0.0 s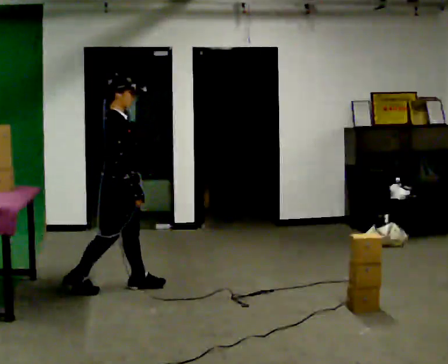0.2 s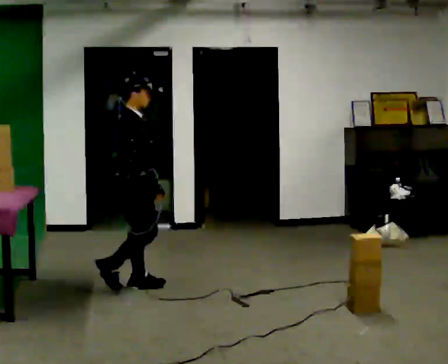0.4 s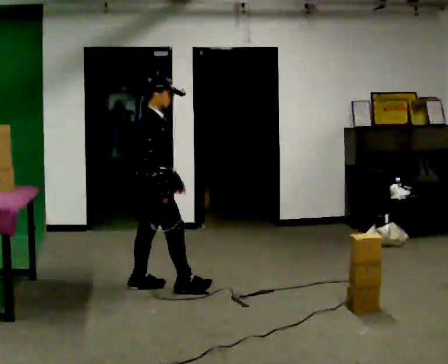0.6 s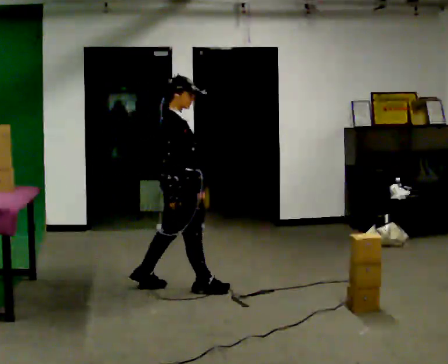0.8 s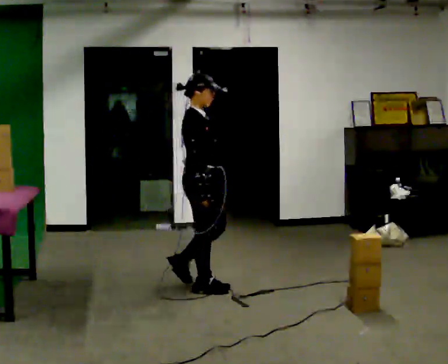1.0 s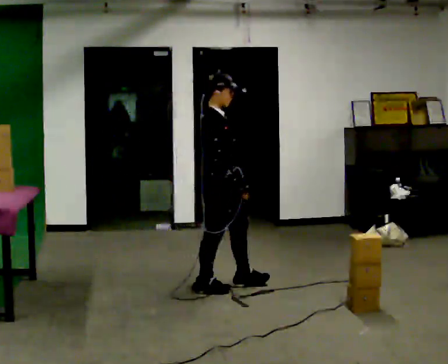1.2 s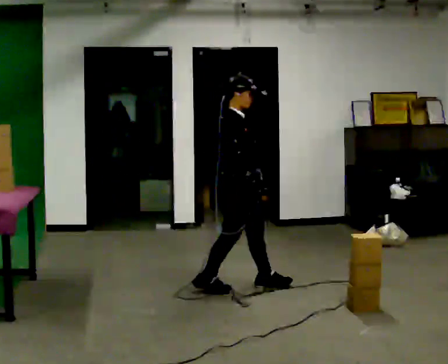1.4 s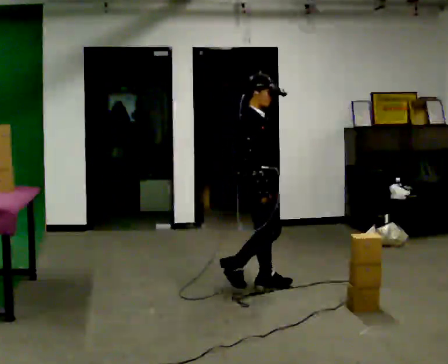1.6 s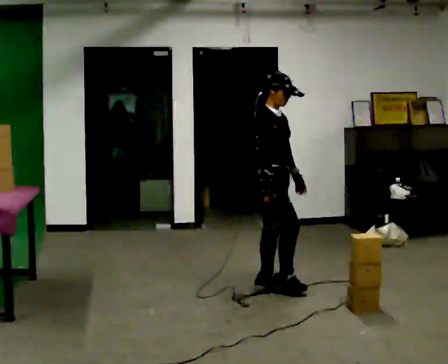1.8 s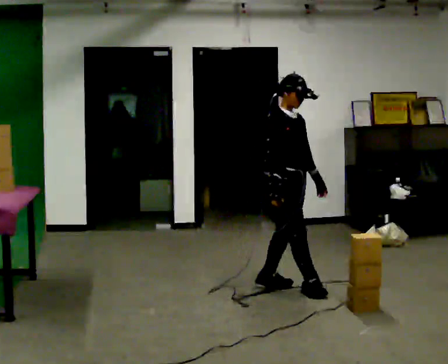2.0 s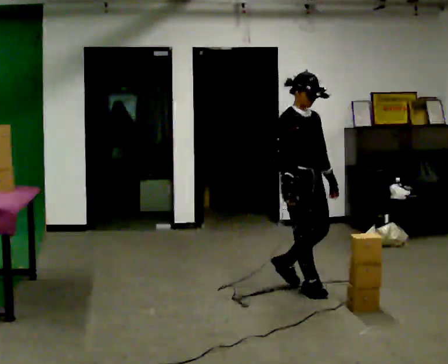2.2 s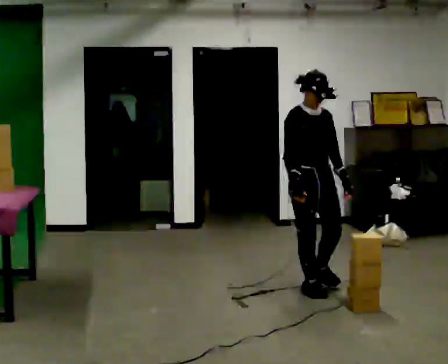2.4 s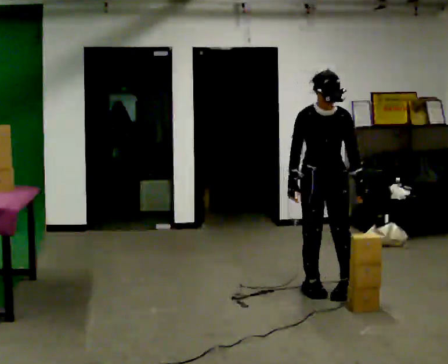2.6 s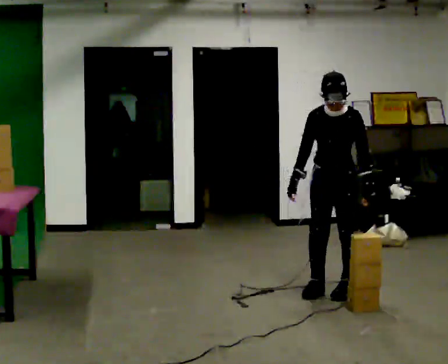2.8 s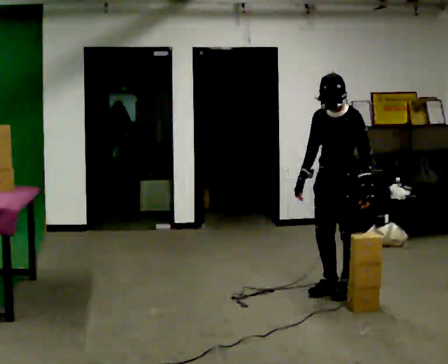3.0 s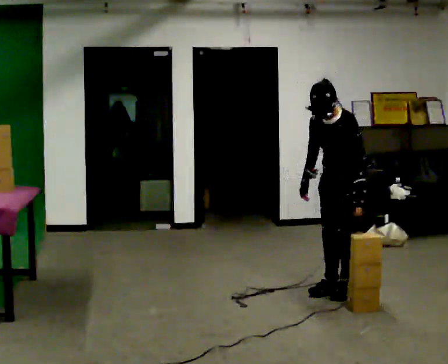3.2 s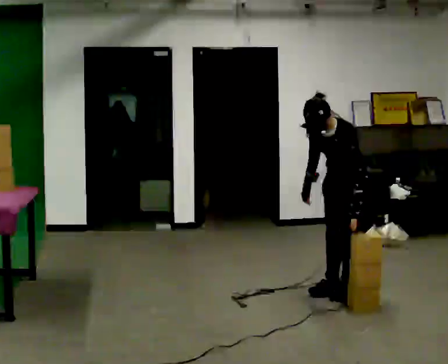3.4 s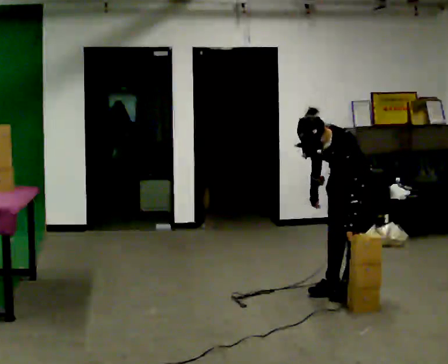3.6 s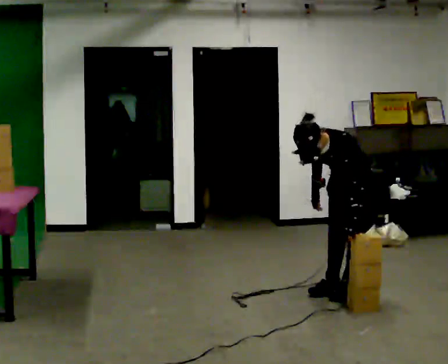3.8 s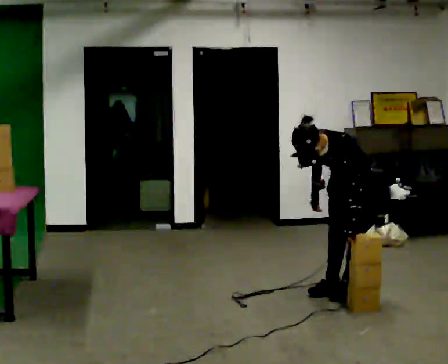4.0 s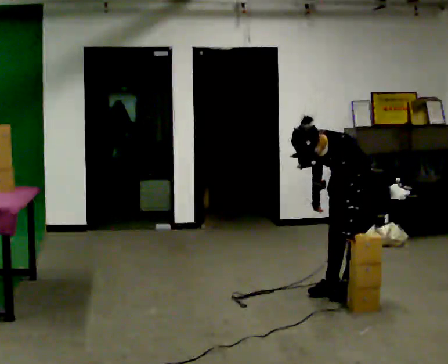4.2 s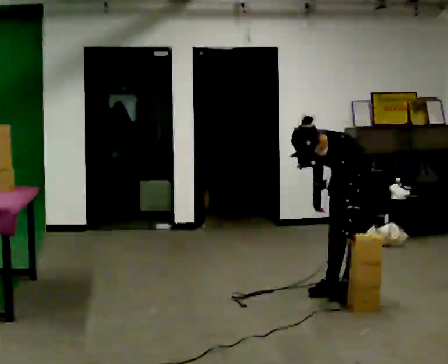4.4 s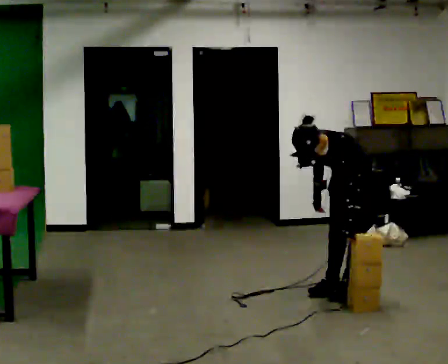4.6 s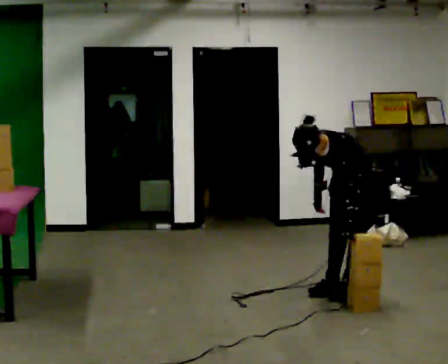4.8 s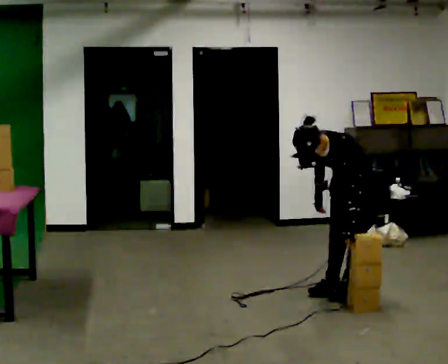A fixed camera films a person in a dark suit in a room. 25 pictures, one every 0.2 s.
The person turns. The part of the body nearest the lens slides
to the left.
The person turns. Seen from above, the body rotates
clockwise.
0.0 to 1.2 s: In the picture they go to the right, about 1 m in 2 steps, which for them is forward.
1.2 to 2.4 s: Seen from above the body turns clockwise, about 90 degrees: to their right, with its near side sliding to the left. In the picture they go to the right, about 0.75 m in 2 steps.
2.4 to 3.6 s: The person turns about 45 degrees to their right, clockwise seen from above, so the part of the body nearest the lens slides to the left. In the picture they go to the right, about 0.25 m in 1 step, which for them is backward and to their left. The upper body goes downward. The upper body tips toward the camera, its near side rolling downward, as they bend forward.
3.6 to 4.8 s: The person moves a little, or ends about where they began.
The film runs forward here.
